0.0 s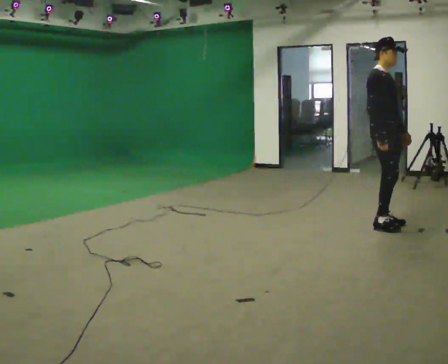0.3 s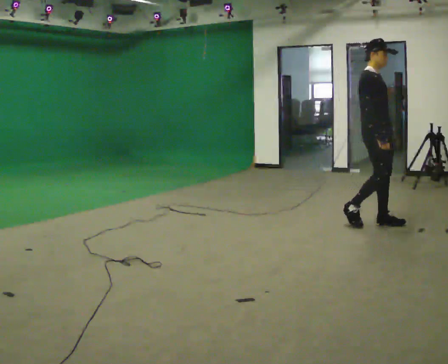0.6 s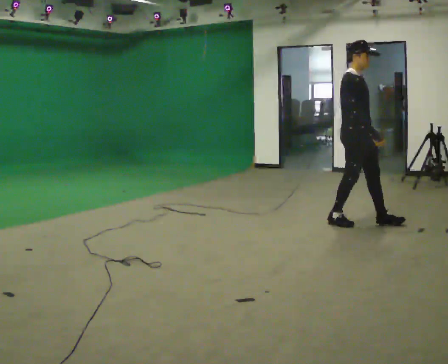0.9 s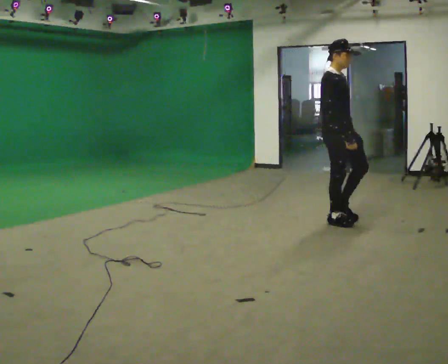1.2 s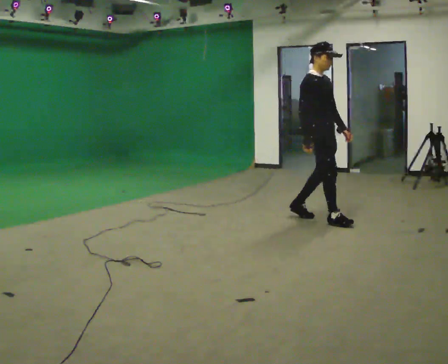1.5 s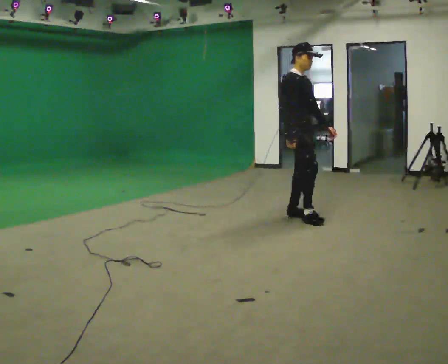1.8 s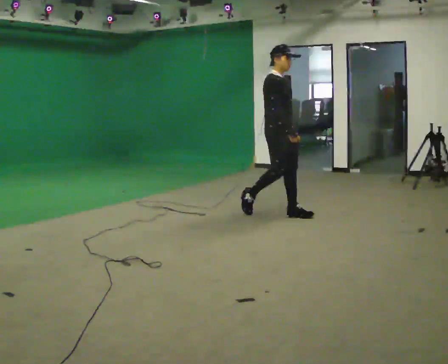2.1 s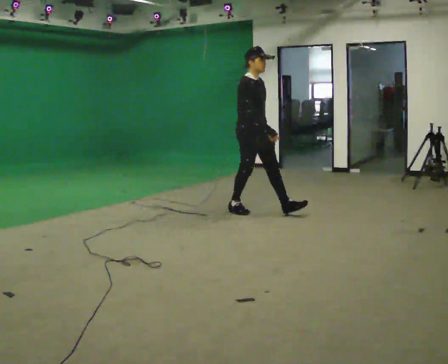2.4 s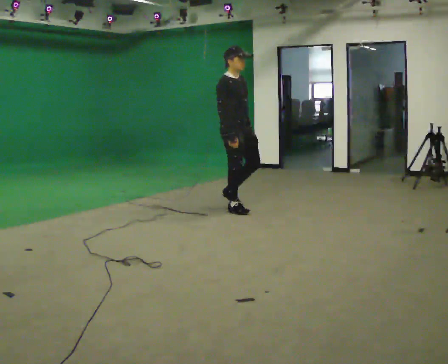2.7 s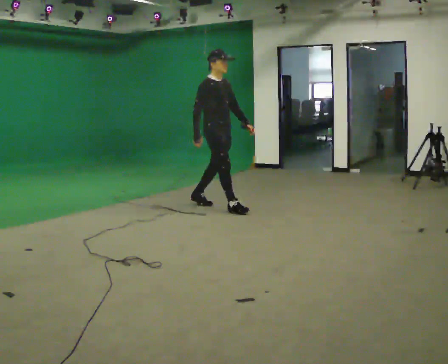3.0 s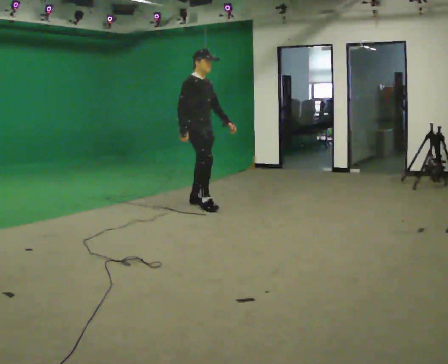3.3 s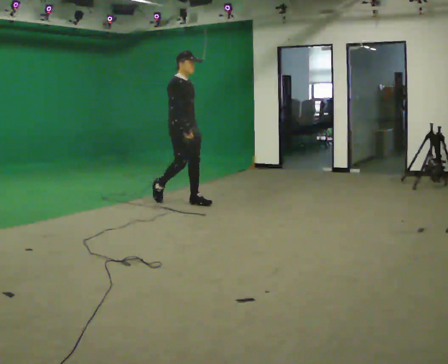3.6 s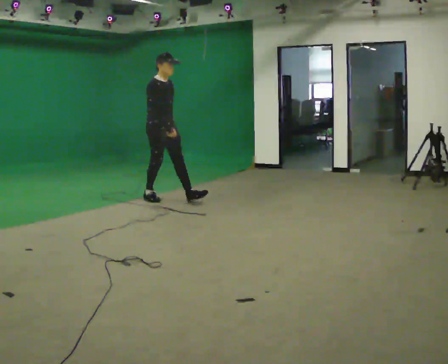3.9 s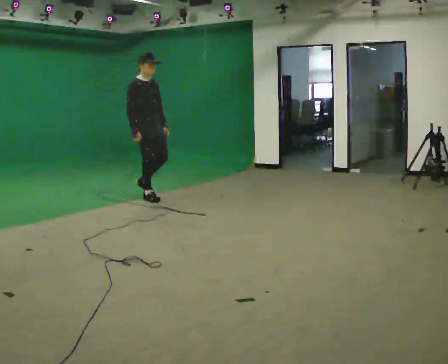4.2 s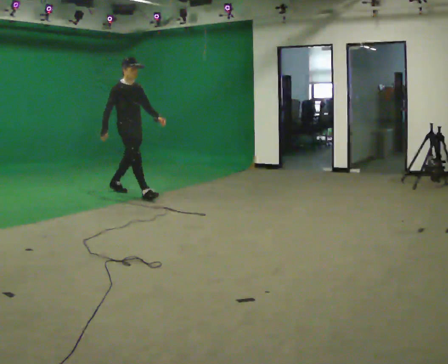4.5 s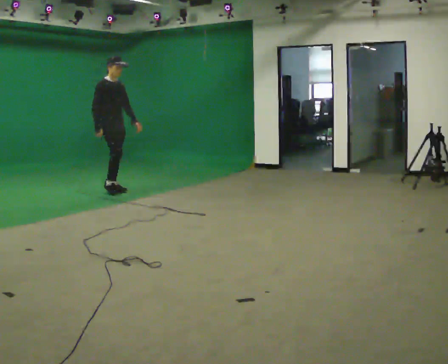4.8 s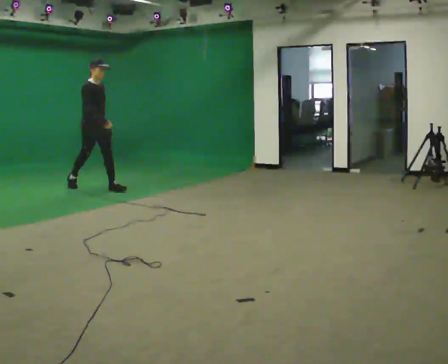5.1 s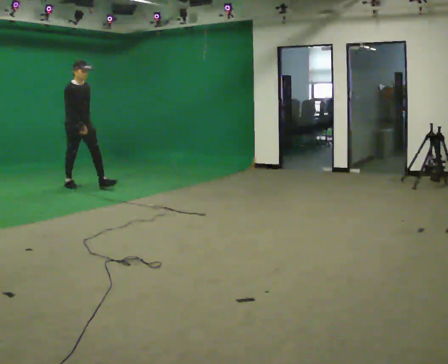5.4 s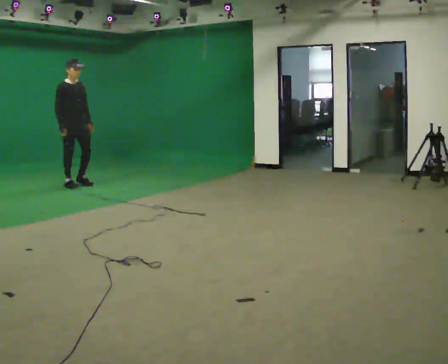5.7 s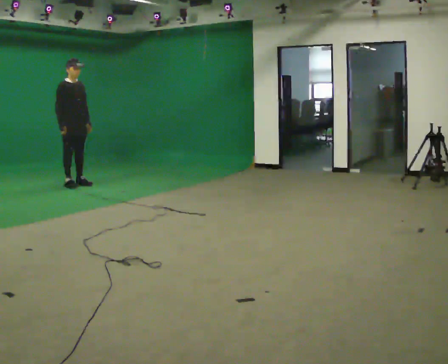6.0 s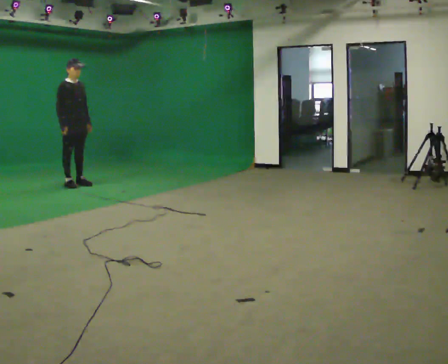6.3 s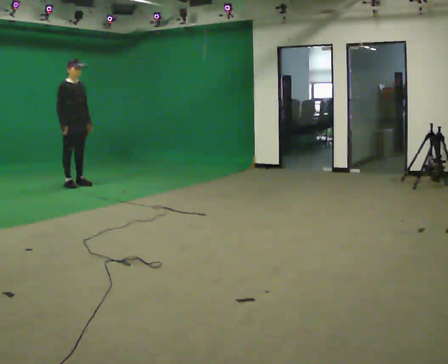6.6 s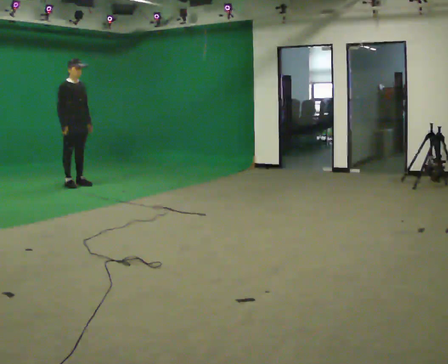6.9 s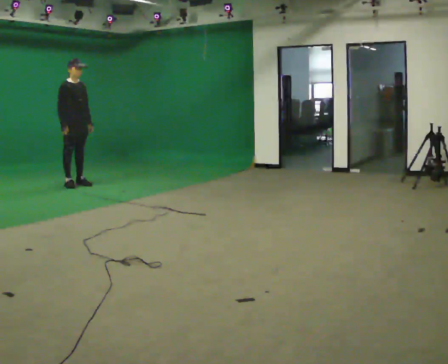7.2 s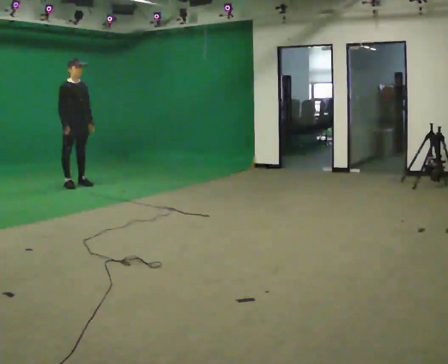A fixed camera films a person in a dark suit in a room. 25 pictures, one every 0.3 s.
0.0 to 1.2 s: In the picture they go to the left and away from the camera, about 0.75 m in 2 steps, which for them is backward.
1.2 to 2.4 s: In the picture they go to the left and away from the camera, about 1 m in 2 steps, which for them is backward.
2.4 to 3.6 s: In the picture they go to the left and away from the camera, about 1 m in 2 steps, which for them is backward.
3.6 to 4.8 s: In the picture they go to the left and away from the camera, about 1 m in 1 step, which for them is backward.
4.8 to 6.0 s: In the picture they go to the left and away from the camera, about 0.5 m in 1 step, which for them is backward.
6.0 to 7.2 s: The person moves a little, or ends about where they began.
The film runs backward here.
